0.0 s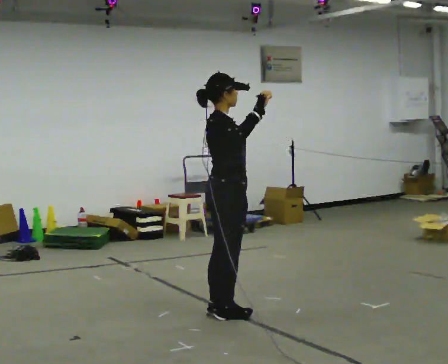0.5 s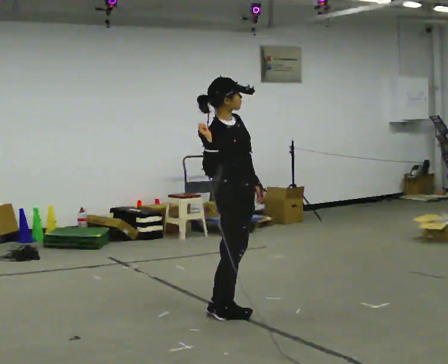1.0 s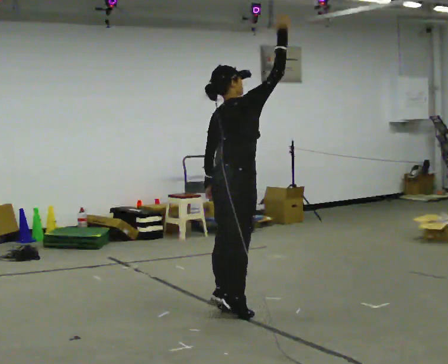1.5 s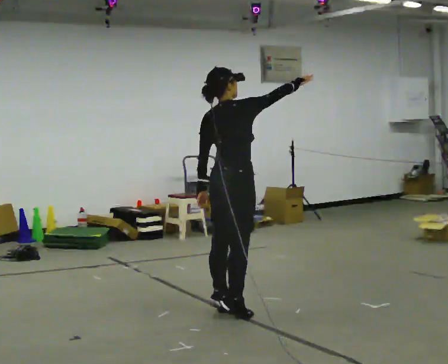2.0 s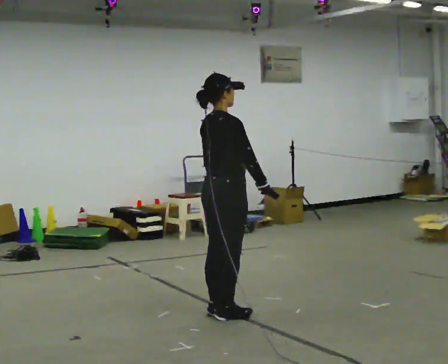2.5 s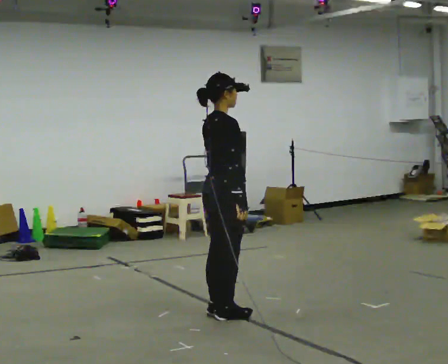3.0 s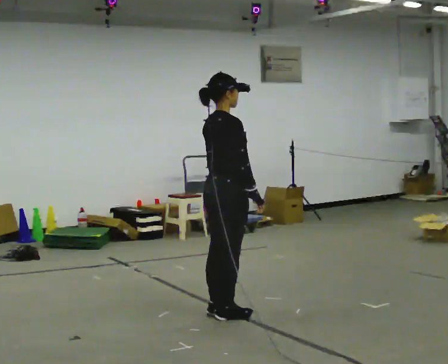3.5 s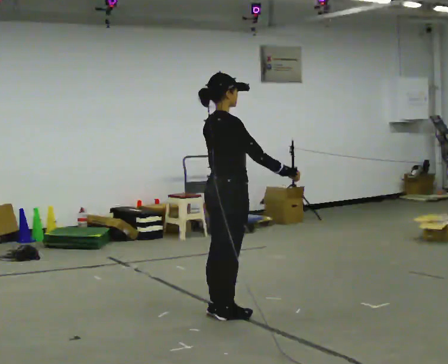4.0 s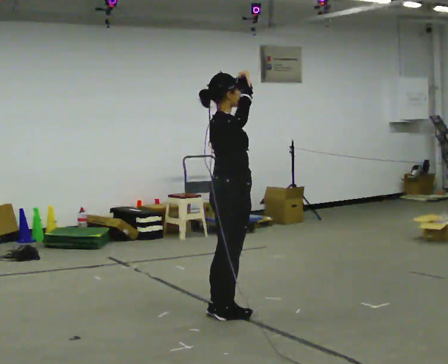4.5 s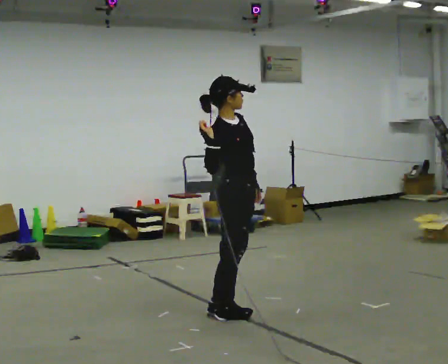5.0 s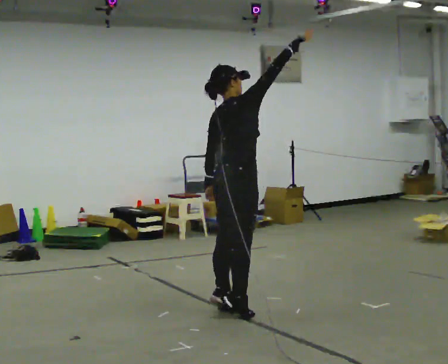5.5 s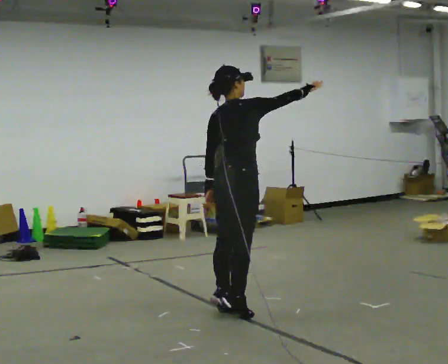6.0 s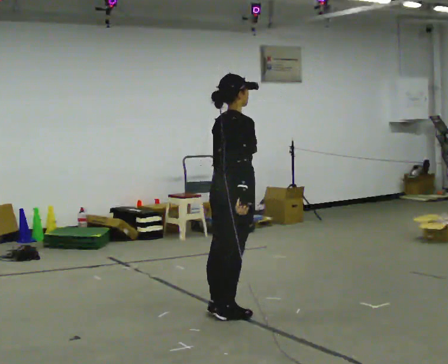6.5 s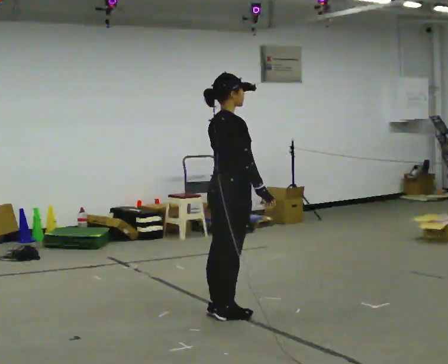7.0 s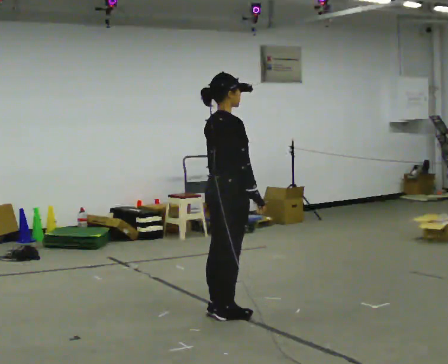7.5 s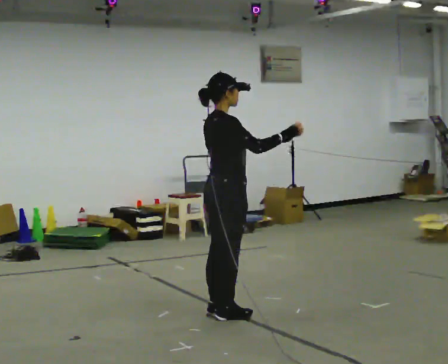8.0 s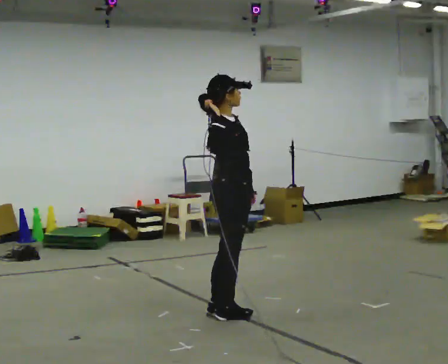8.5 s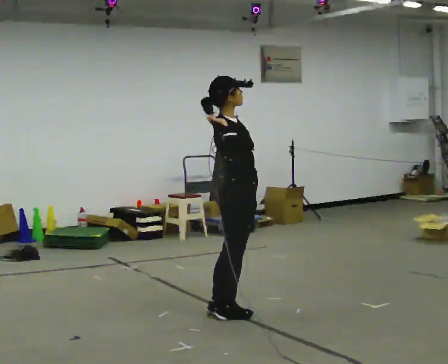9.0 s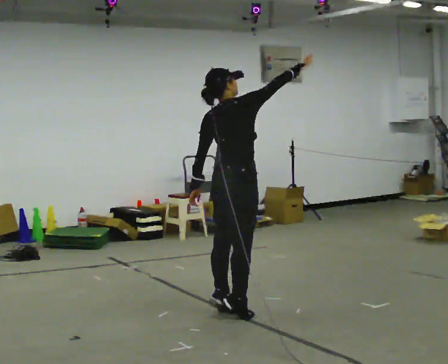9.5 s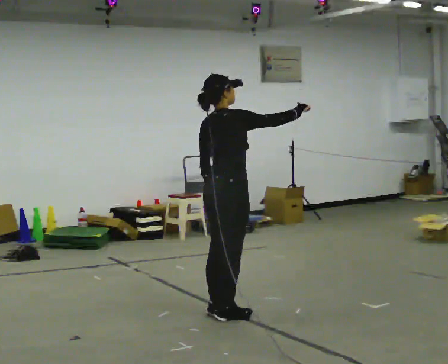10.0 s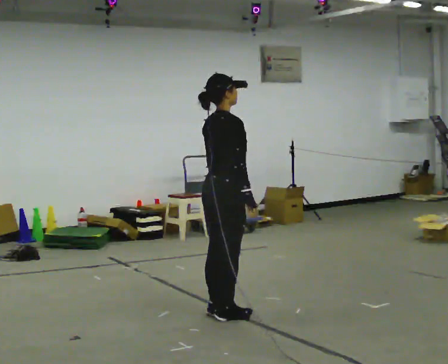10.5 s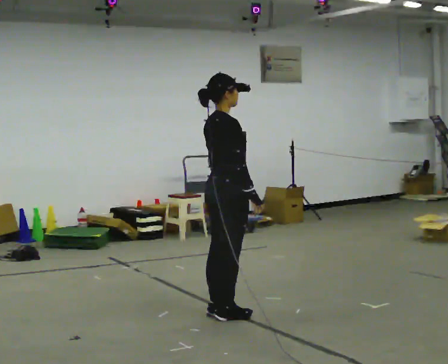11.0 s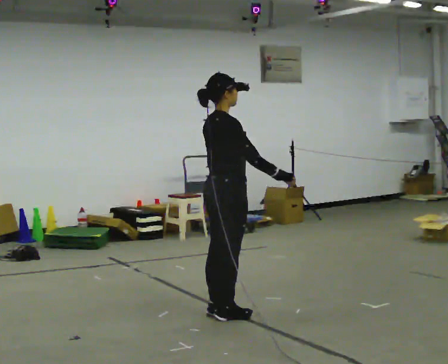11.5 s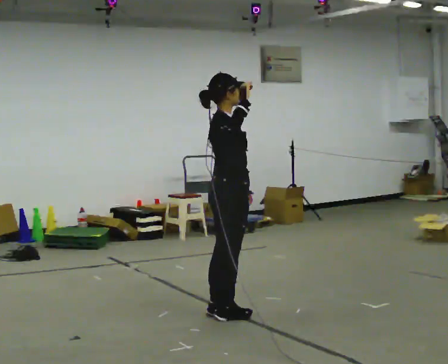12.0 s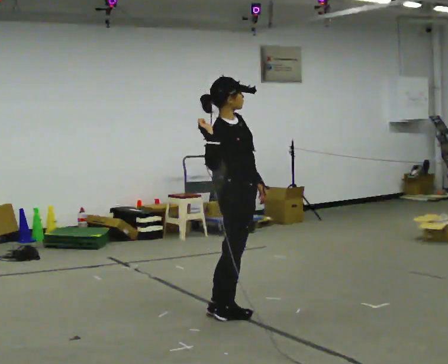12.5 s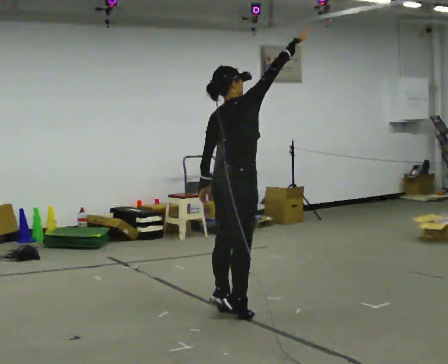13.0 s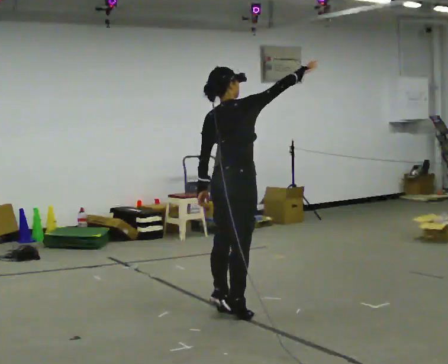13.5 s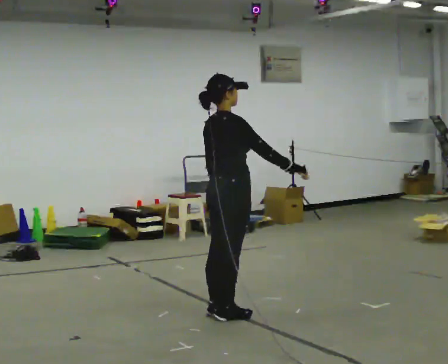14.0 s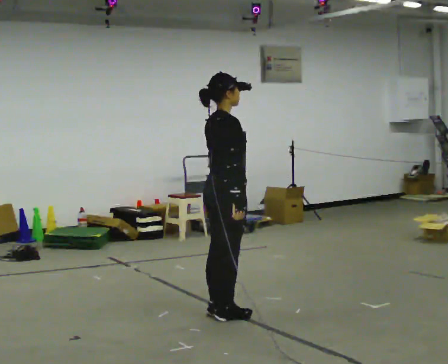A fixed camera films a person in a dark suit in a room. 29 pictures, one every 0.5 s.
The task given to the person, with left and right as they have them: Mime throwing a ball overhand as far as you can, with no ball. Repeat the movement at your own pace until the operator says stop; do not rush.
0.0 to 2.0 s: In the picture their right hand goes downward.
2.0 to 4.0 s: In the picture their right hand goes upward.
4.0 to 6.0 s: In the picture their right hand goes downward.
6.0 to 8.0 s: The person turns about 30 degrees to their right, clockwise seen from above, so the part of the body nearest the lens slides to the left. In the picture their right hand goes upward.
8.0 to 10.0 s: Seen from above the body turns counterclockwise, about 30 degrees: to their left, with its near side sliding to the right. In the picture their right hand goes downward.
10.0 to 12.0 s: The person turns about 30 degrees to their right, clockwise seen from above, so the part of the body nearest the lens slides to the left. In the picture their right hand goes upward.
12.0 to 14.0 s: In the picture their right hand goes downward.
The film runs forward here.
